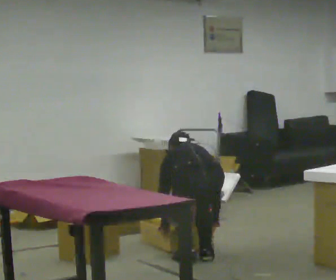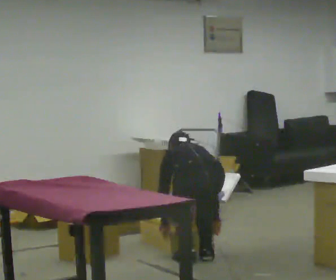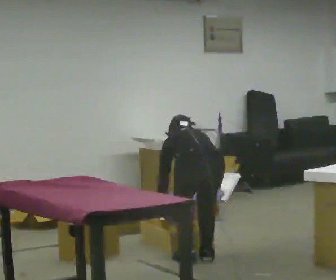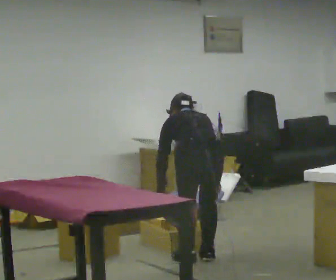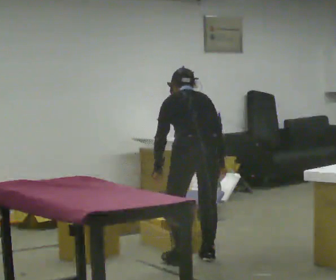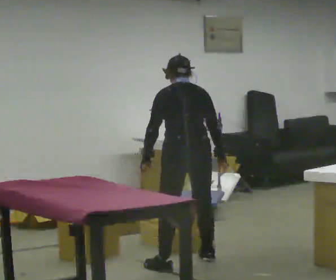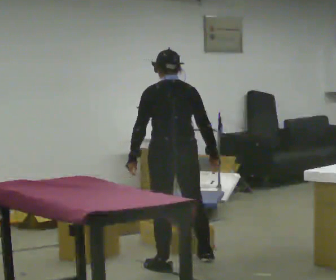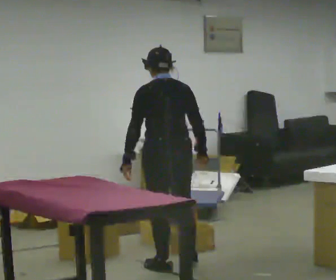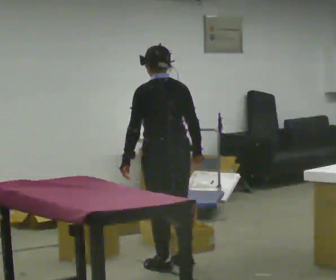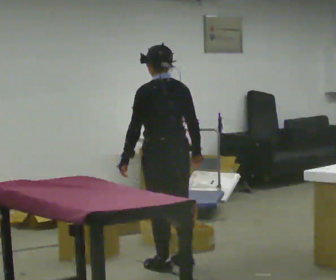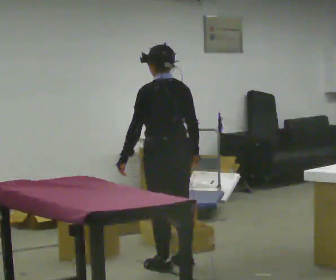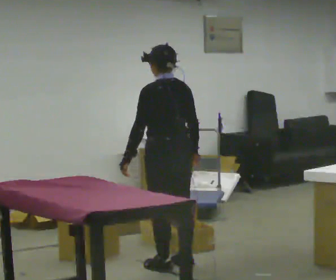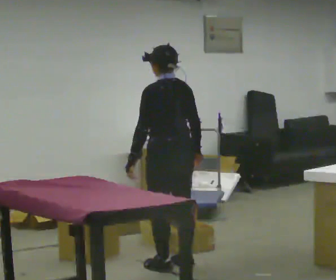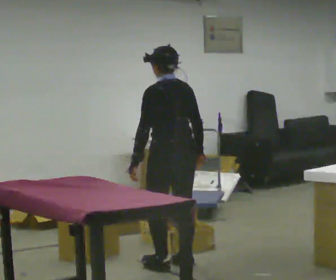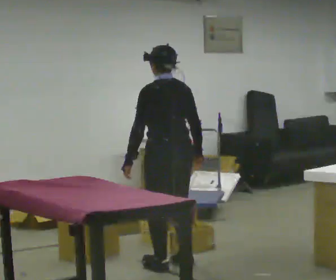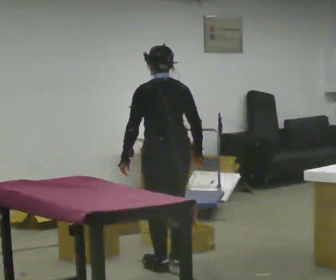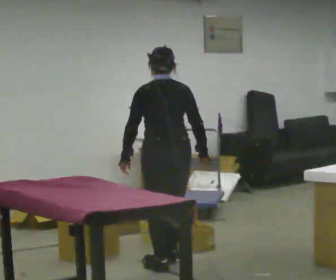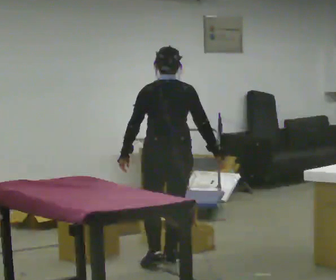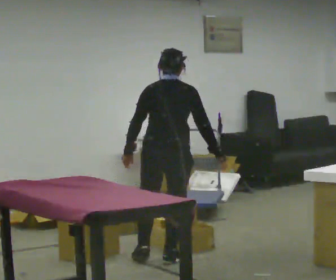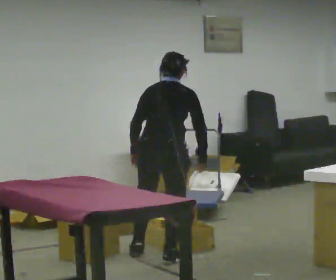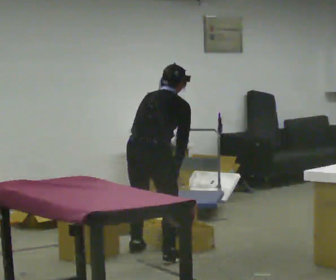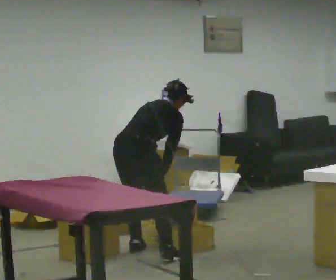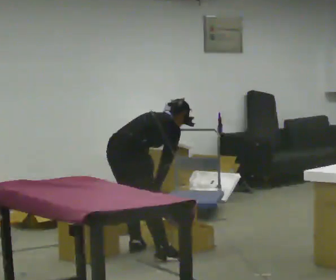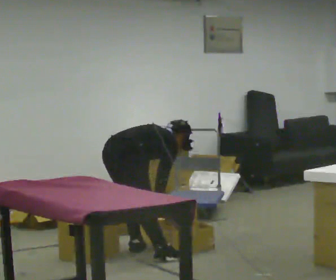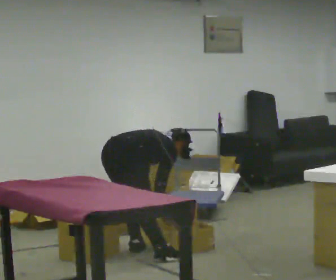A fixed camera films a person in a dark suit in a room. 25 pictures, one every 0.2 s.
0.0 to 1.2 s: In the picture they go to the left, about 0.25 m in 1 step, which for them is to their left. The shoulders move upward. The upper body tips toward the camera, its near side rolling downward, as they lean back or straighten. In the picture their right hand goes upward.
1.2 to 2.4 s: The person moves a little, or ends about where they began.
2.4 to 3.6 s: The part of the body nearest the lens slides to the left as the person turns to their right by about 45 degrees. In the picture they go away from the camera, about 0.25 m in 2 steps, which for them is forward.
3.6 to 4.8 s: The person turns about 30 degrees to their right, clockwise seen from above, so the part of the body nearest the lens slides to the left. In the picture they go to the left and away from the camera, about 0.5 m, which for them is to their left. The upper body goes downward. In the picture the upper body tilts clockwise, shoulders to the right, as they bend forward. In the picture their right hand goes downward.
The film runs backward here.
